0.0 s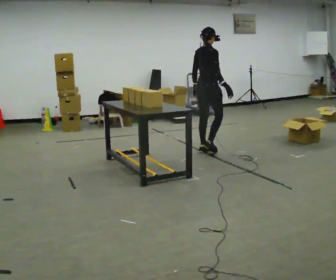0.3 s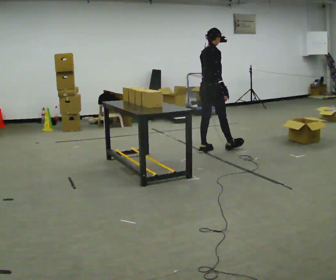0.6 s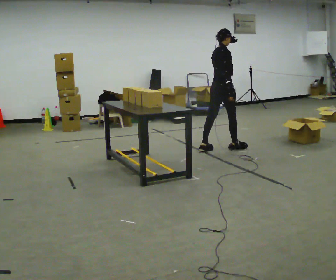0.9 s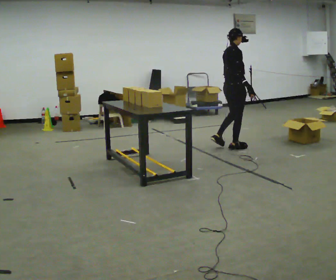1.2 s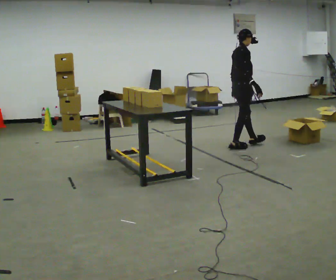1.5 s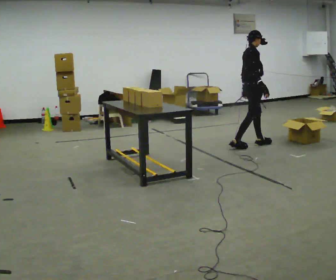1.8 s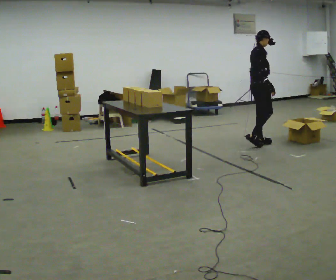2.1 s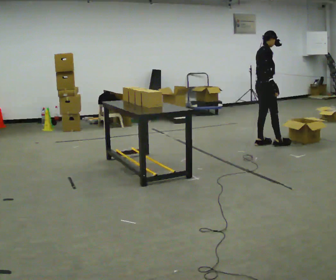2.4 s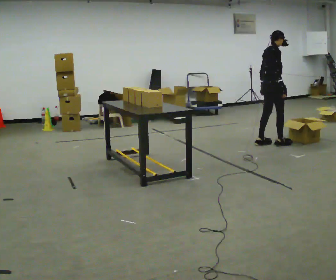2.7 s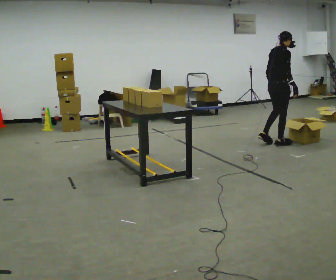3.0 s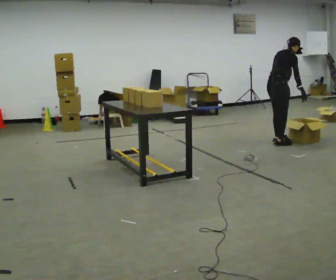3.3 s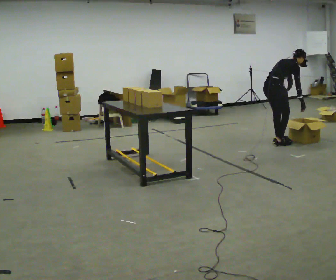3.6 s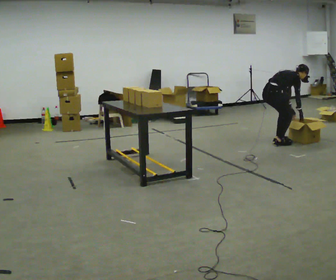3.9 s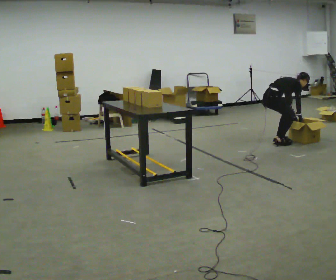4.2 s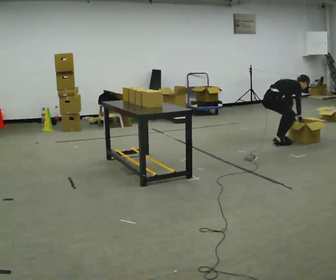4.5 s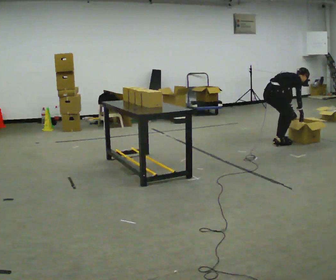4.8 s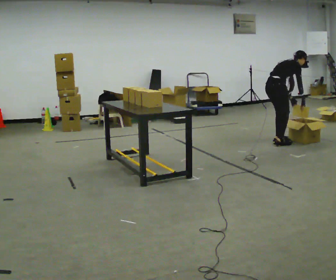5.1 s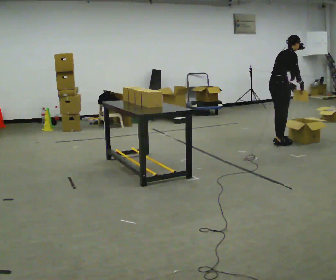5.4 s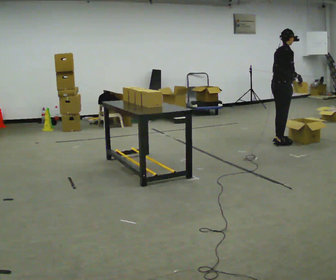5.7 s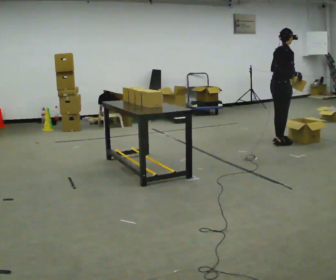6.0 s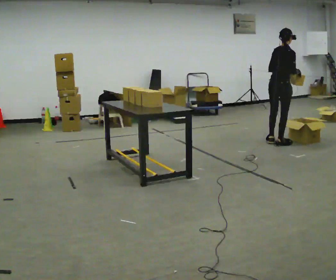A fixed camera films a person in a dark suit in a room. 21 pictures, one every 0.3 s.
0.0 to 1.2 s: In the picture they go to the right and away from the camera, about 0.5 m in 1 step, which for them is forward.
1.2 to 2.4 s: In the picture they go to the right and away from the camera, about 0.5 m in 2 steps, which for them is forward.
2.4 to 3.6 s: The upper body goes downward. In the picture the upper body tilts clockwise, shoulders to the right, as they bend forward. In the picture their right hand goes downward.
3.6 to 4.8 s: The person moves a little, or ends about where they began.
4.8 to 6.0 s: The shoulders move upward. In the picture the upper body tilts counterclockwise, shoulders to the left, as they lean back or straighten. In the picture their left hand goes upward.
The film runs forward here.
